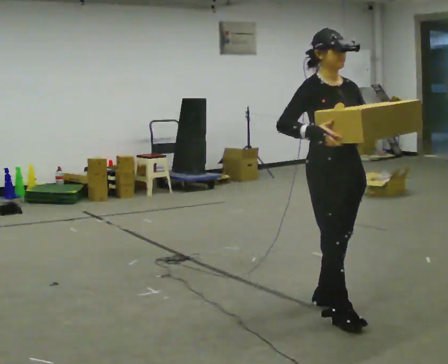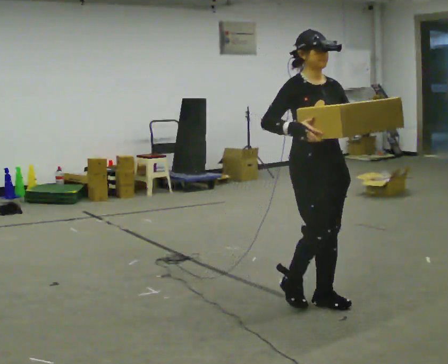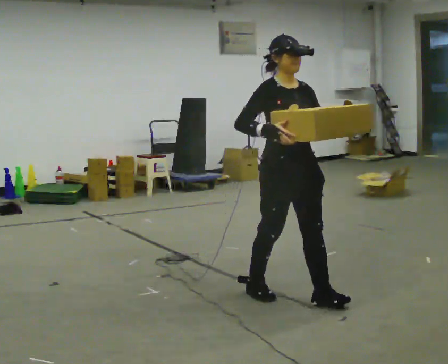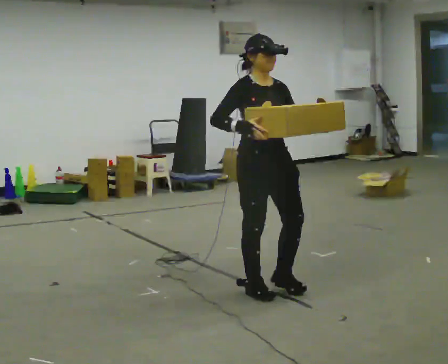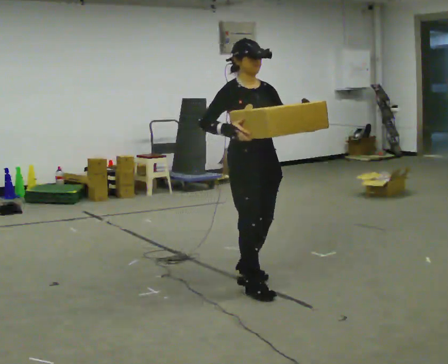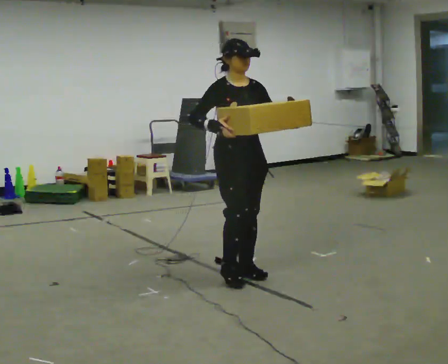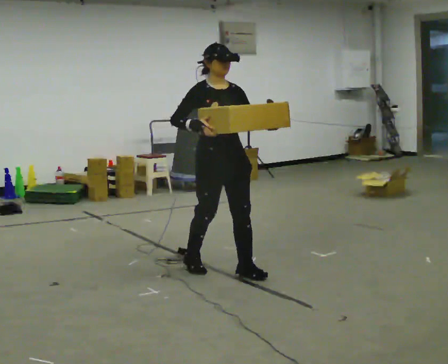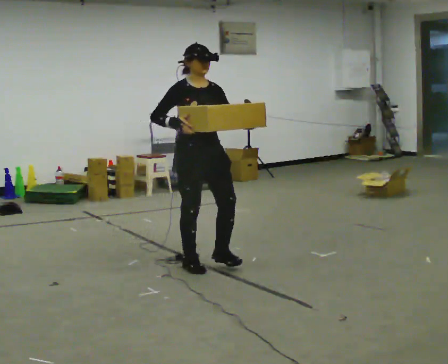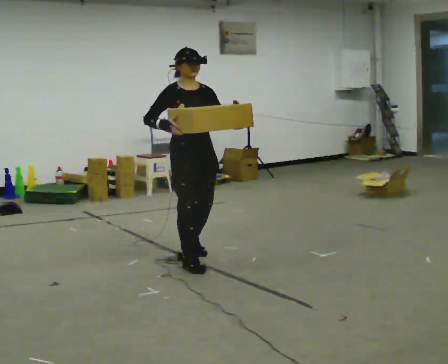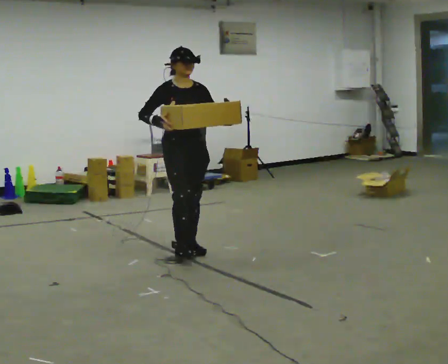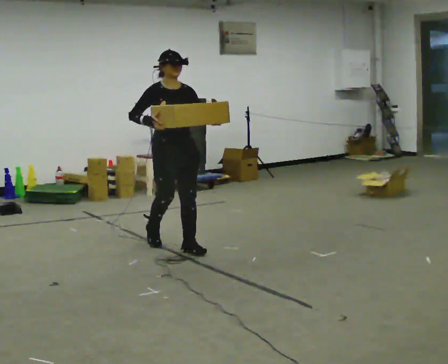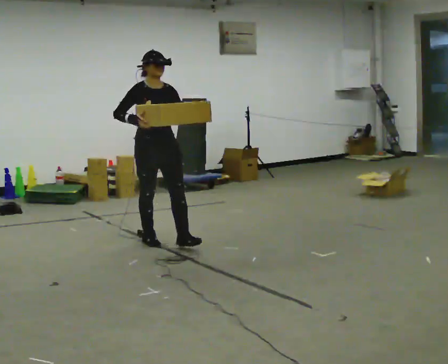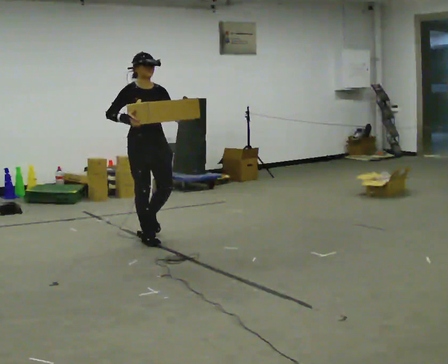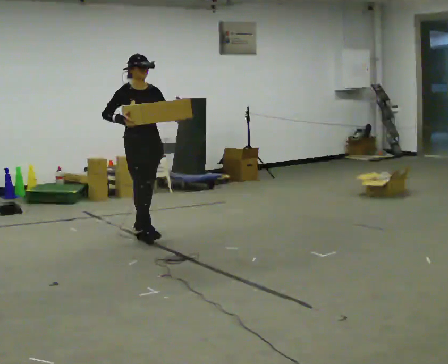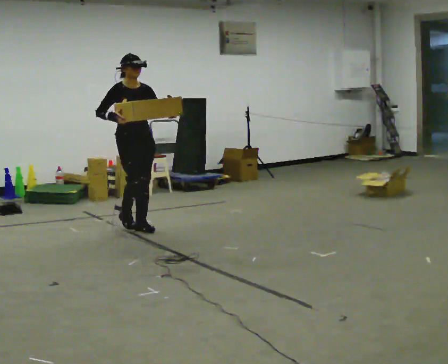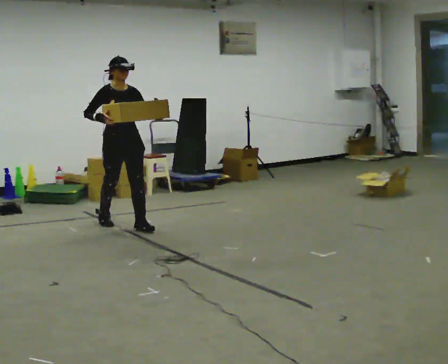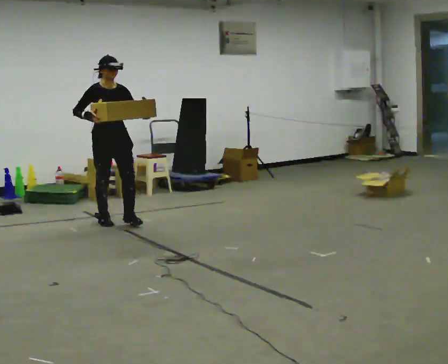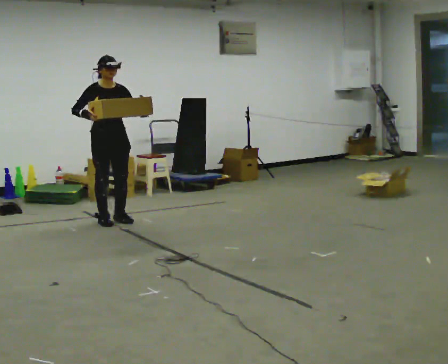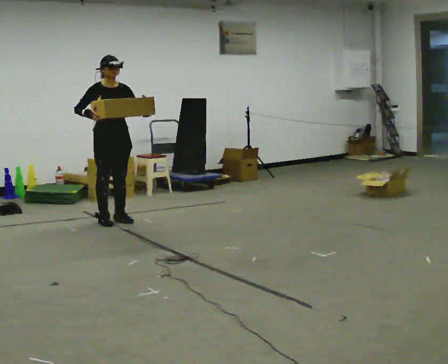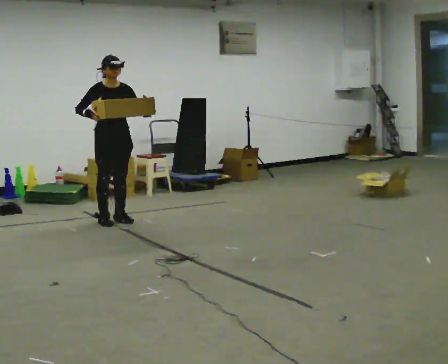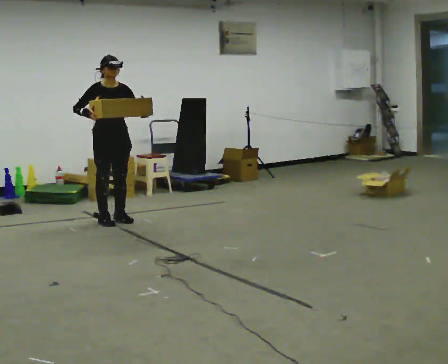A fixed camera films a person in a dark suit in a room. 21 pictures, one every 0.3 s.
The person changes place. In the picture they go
away from the camera.
0.0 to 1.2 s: In the picture they go away from the camera and to the left, about 0.75 m in 2 steps, which for them is backward.
1.2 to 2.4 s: In the picture they go away from the camera and to the left, about 0.5 m in 2 steps, which for them is backward.
2.4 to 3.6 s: In the picture they go away from the camera and to the left, about 1 m in 2 steps, which for them is backward.
3.6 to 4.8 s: In the picture they go away from the camera and to the left, about 0.5 m in 2 steps, which for them is backward.
4.8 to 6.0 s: The person moves a little, or ends about where they began.
The film runs backward here.
